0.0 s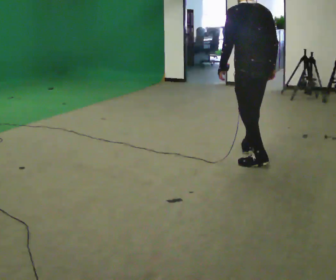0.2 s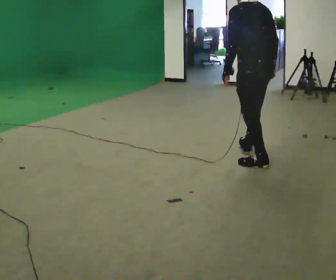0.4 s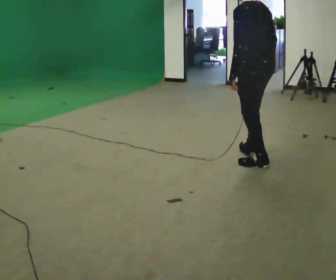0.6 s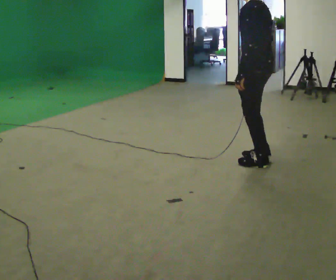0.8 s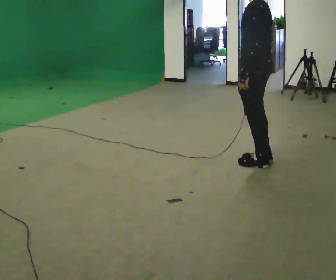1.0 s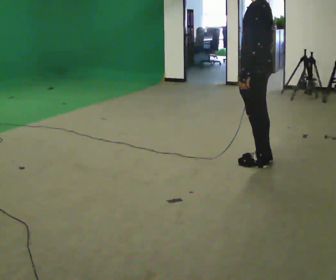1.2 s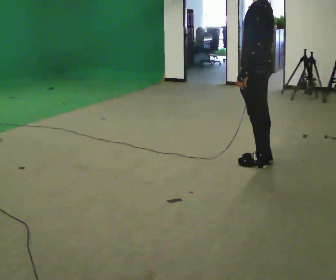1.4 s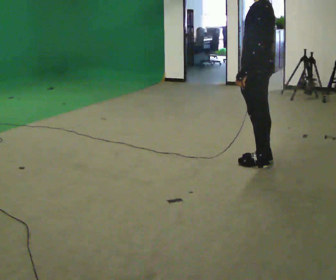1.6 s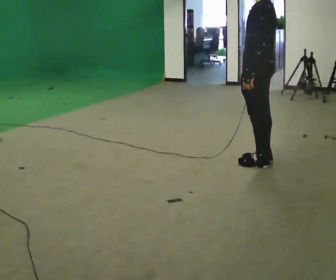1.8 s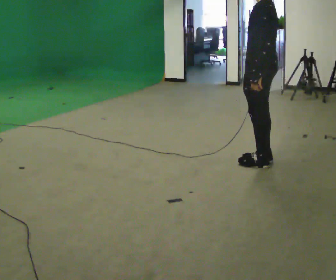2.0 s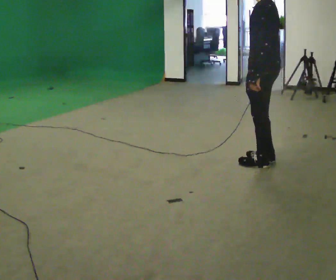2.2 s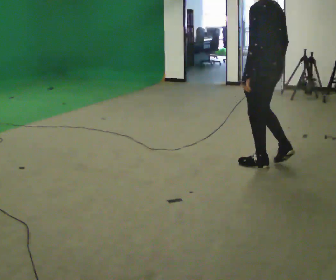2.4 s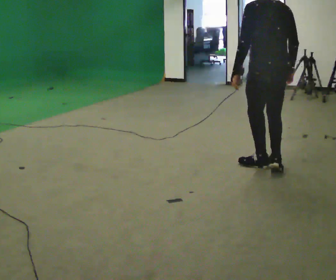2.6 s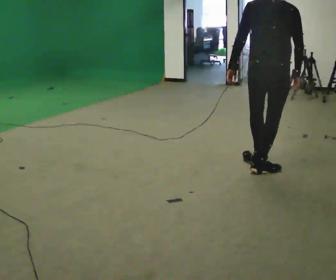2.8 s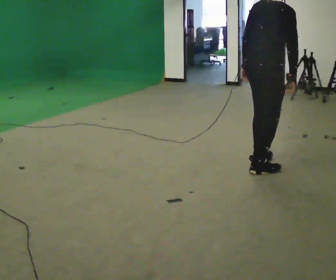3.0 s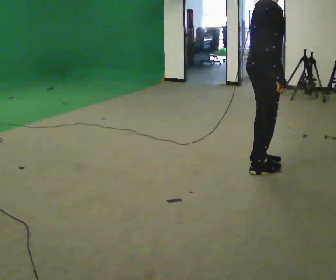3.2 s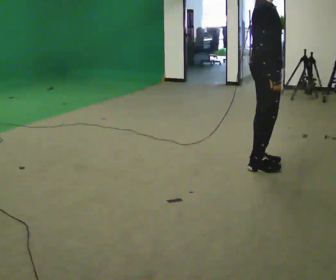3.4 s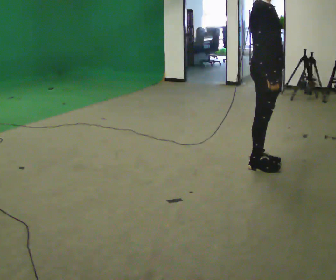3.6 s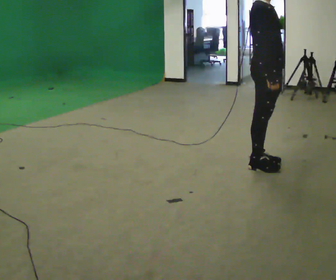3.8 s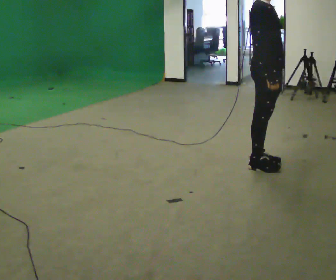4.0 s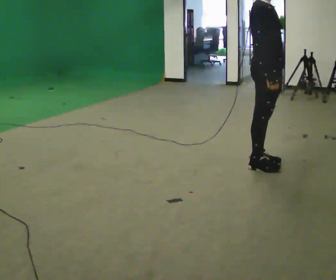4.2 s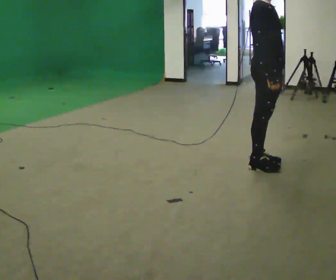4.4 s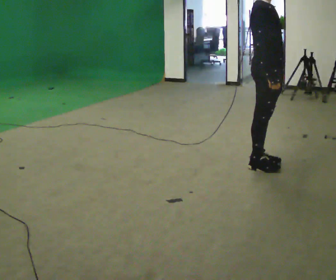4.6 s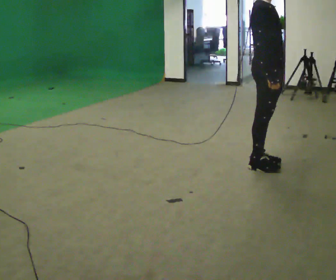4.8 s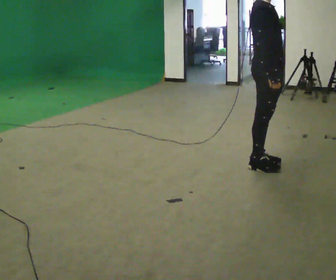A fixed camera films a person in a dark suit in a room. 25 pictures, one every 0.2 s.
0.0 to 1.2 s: The person turns about 45 degrees to their left, counterclockwise seen from above, so the part of the body nearest the lens slides to the right. In the picture they go toward the camera, about 0.25 m in 1 step, which for them is to their left.
1.2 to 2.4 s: Seen from above the body turns clockwise, about 30 degrees: to their right, with its near side sliding to the left.
2.4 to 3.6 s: The part of the body nearest the lens slides to the left as the person turns to their right by about 135 degrees.
3.6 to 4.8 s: The person keeps their place and pose.
The film runs backward here.
